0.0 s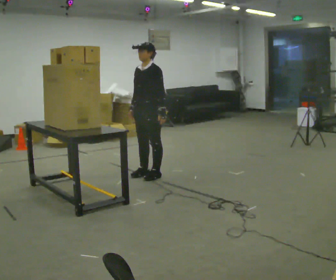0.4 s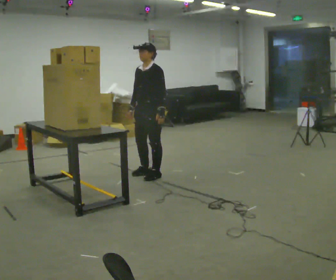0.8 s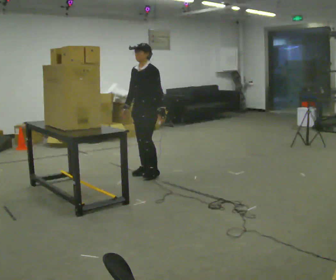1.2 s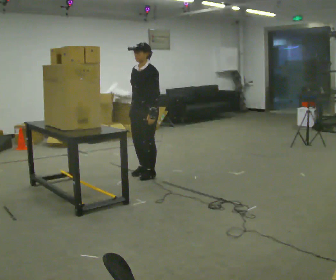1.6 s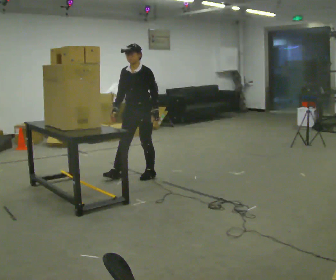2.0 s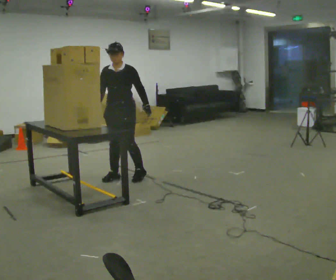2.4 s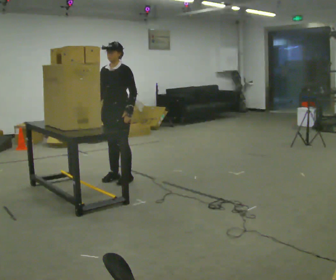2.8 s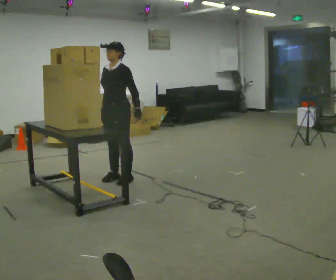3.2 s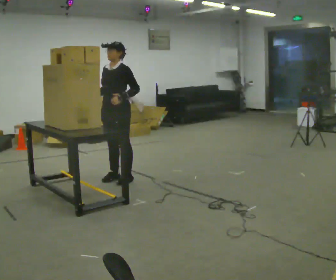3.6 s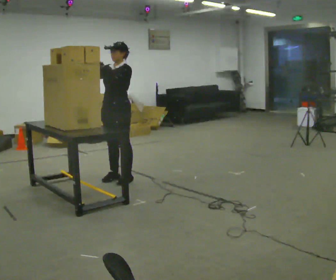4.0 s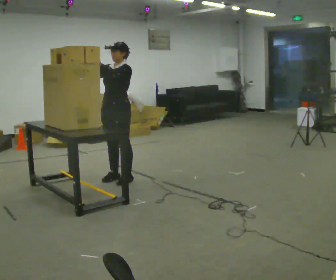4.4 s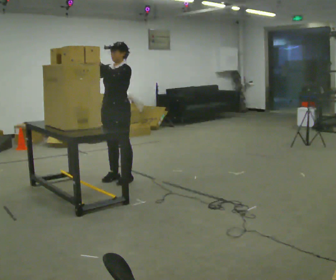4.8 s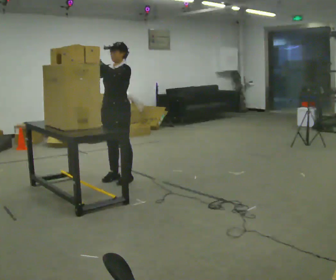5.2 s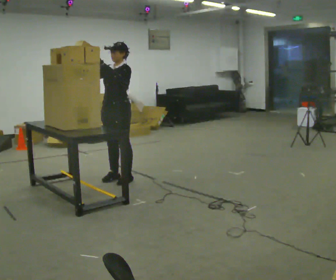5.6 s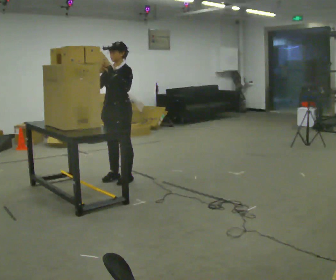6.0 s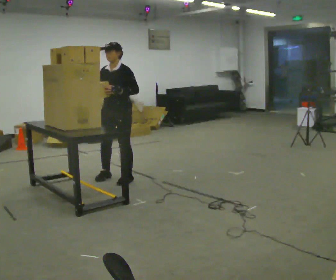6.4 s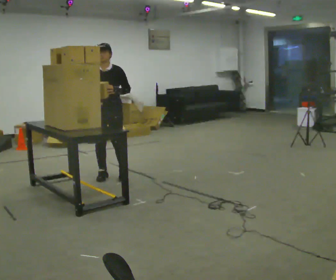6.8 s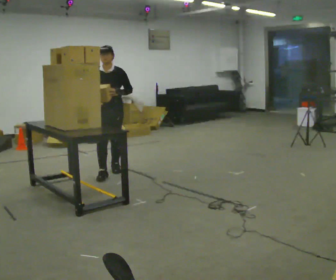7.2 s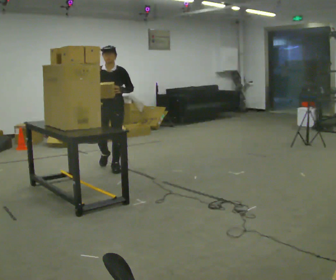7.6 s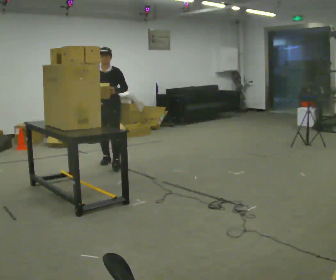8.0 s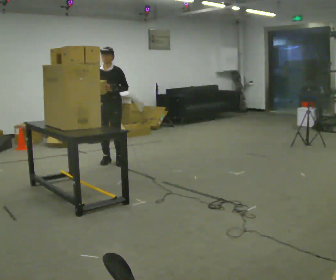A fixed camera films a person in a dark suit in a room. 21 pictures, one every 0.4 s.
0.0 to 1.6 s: The person moves a little, or ends about where they began.
1.6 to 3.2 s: In the picture they go to the left, about 0.25 m in 1 step, which for them is forward.
3.2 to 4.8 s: In the picture their right hand goes upward, the arm swinging clockwise.
4.8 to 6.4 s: The part of the body nearest the lens slides to the right as the person turns to their left by about 30 degrees. In the picture they go away from the camera, about 0.25 m in 2 steps, which for them is to their right. In the picture their left hand goes downward.
6.4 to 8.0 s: In the picture they go away from the camera, about 0.5 m in 2 steps, which for them is backward.
The film runs backward here.
